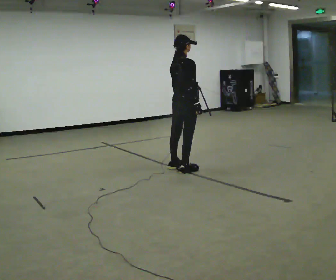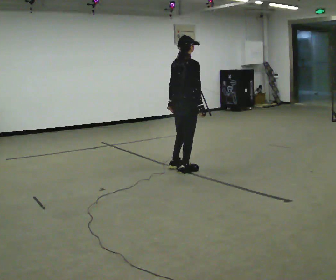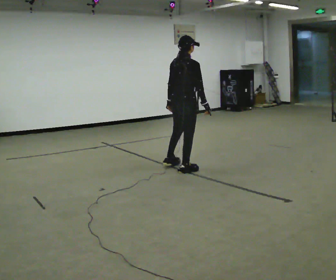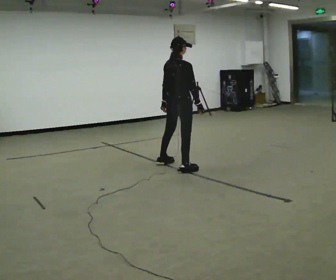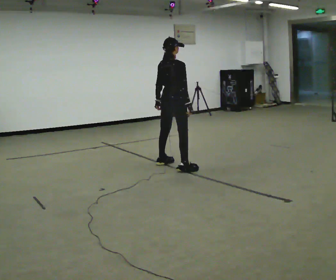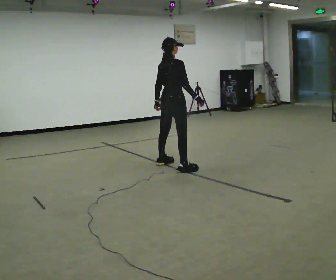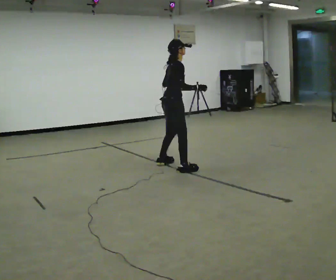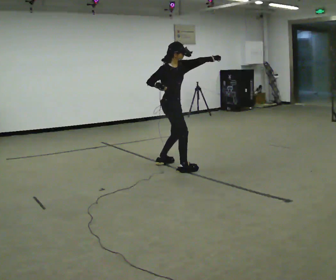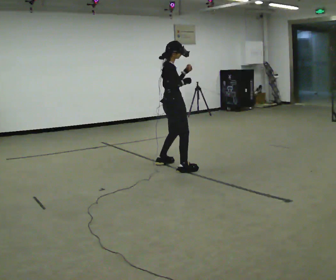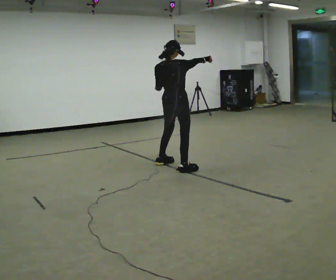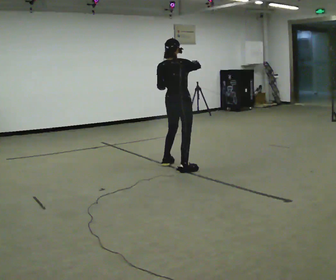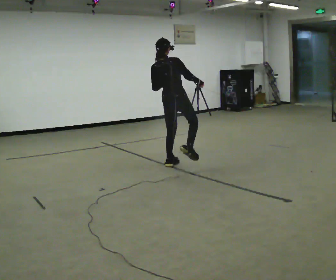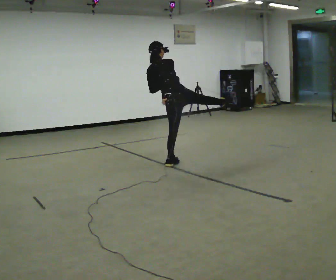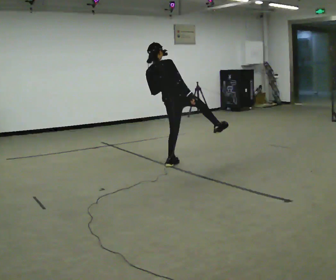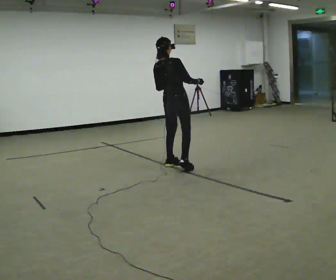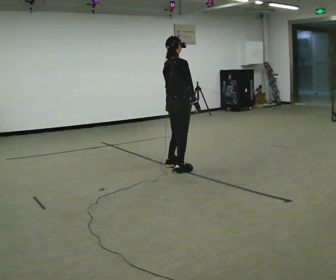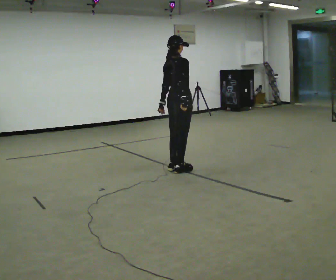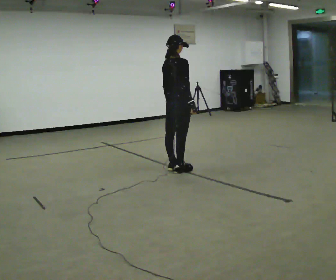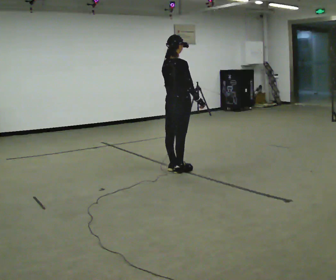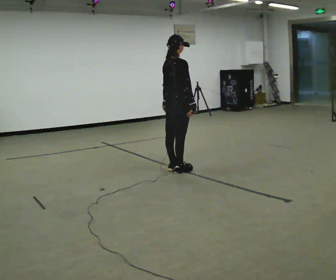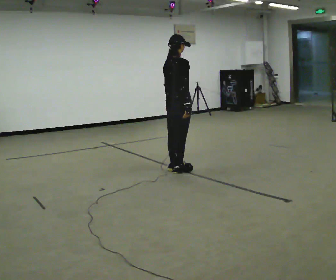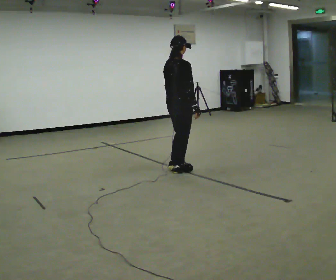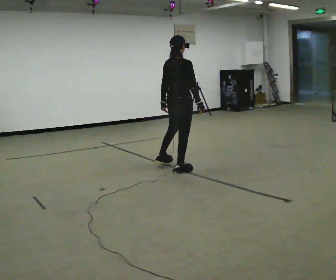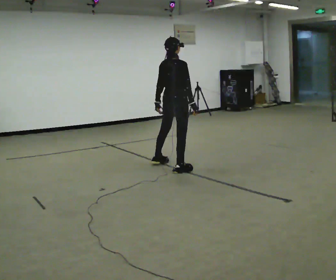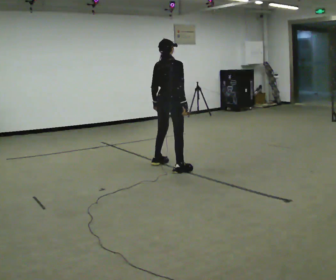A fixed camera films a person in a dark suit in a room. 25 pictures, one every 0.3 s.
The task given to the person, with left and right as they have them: Perform a slow martial arts form (https://youtu.be/ZMi83SPAP1Q?si=p1_31d3YaodeQQZT); kicks should be slow
0.0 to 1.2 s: In the picture they go away from the camera, about 0.25 m in 1 step, which for them is to their left.
1.2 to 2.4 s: In the picture their left hand goes upward.
2.4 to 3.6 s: The person turns about 60 degrees to their left, counterclockwise seen from above, so the part of the body nearest the lens slides to the right. In the picture the upper body tilts counterclockwise, shoulders to the left.
3.6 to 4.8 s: The part of the body nearest the lens slides to the left as the person turns to their right by about 30 degrees. In the picture they go toward the camera, about 0.25 m in 1 step, which for them is to their right. In the picture the upper body tilts clockwise, shoulders to the right.
4.8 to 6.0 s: The person moves a little, or ends about where they began.
6.0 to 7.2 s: In the picture they go away from the camera, about 0.25 m in 1 step, which for them is to their left.
The film runs forward here.
